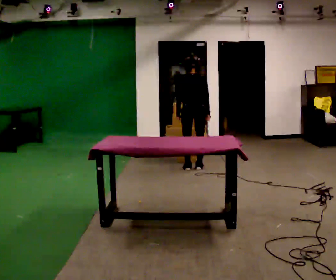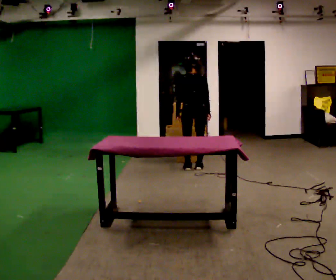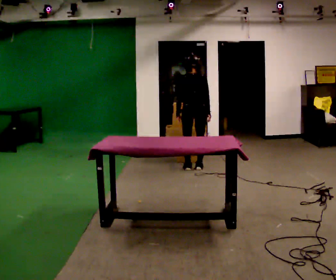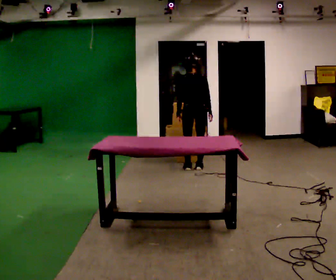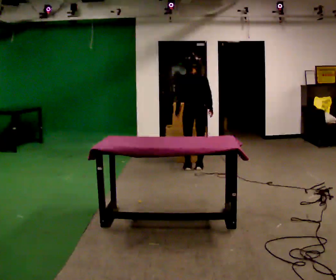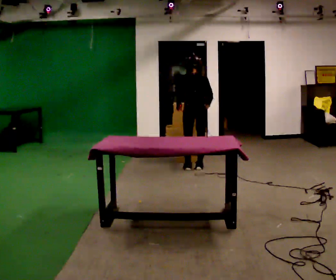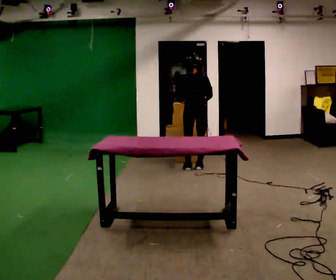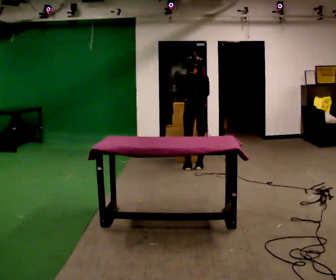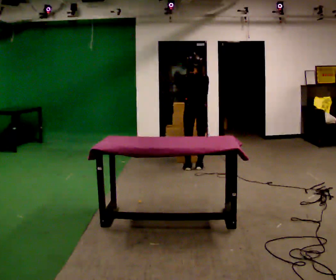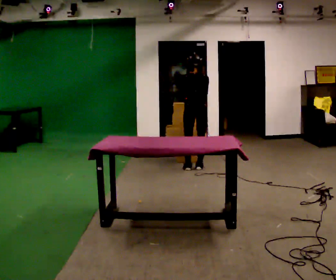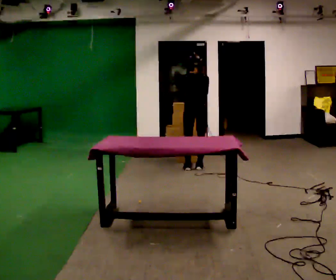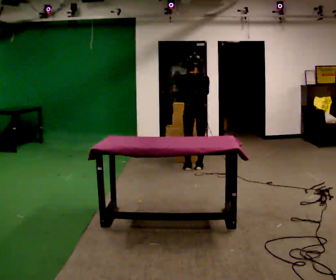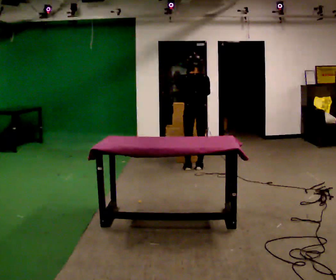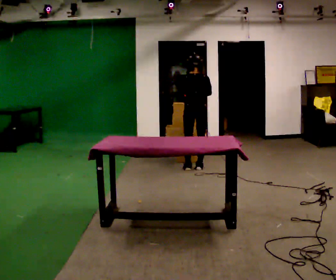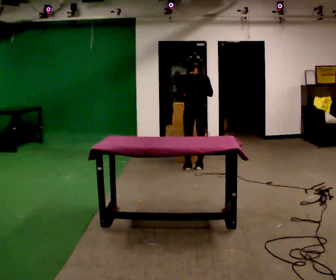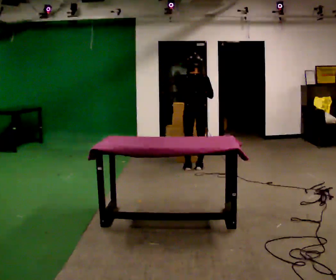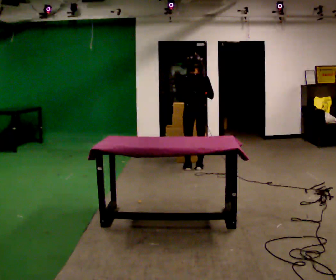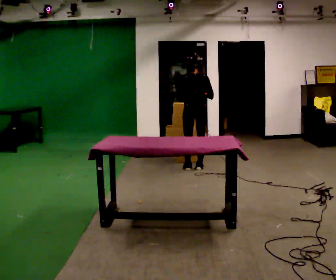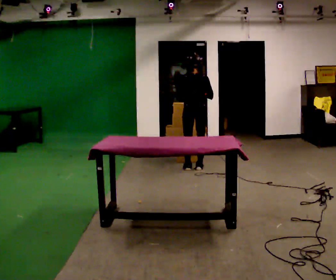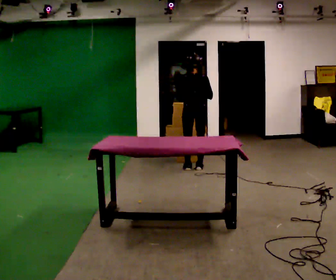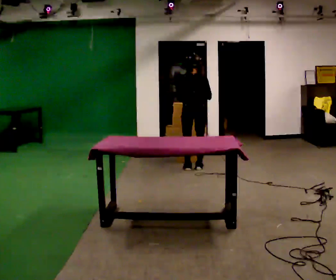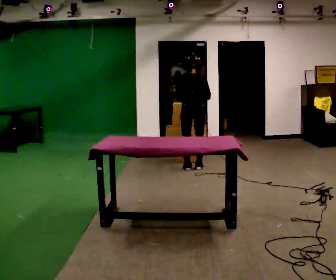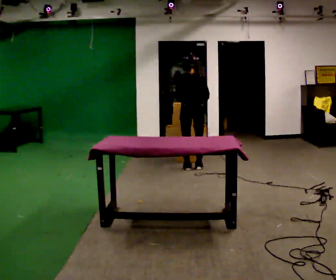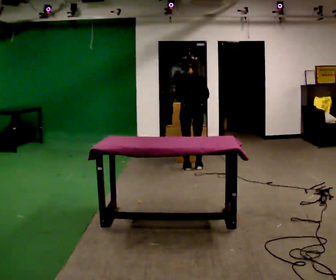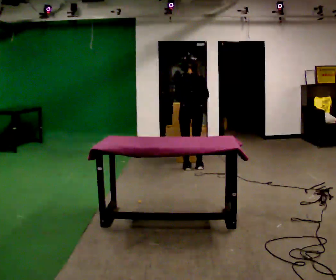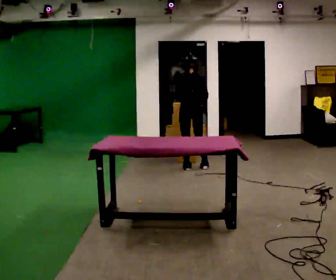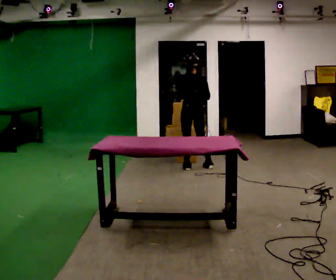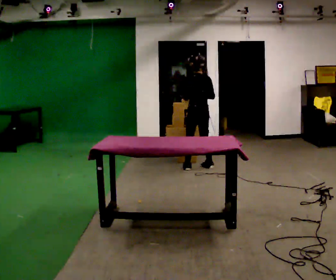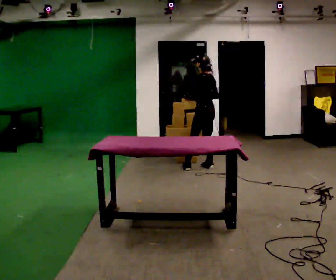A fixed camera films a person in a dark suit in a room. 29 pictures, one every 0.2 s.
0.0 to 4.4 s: The person moves a little, or ends about where they began.
4.4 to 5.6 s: The part of the body nearest the lens slides to the right as the person turns to their left by about 45 degrees. In the picture they go to the right, about 0.25 m in 1 step, which for them is to their right.
The film runs backward here.
